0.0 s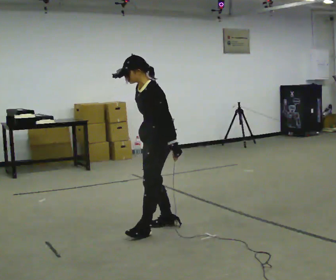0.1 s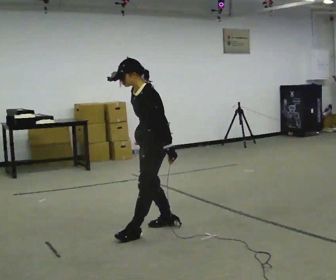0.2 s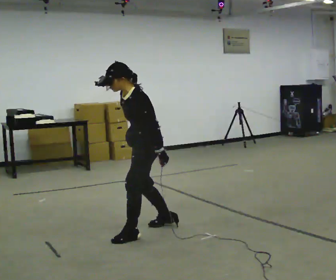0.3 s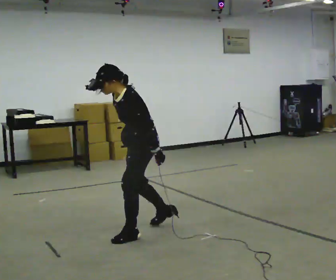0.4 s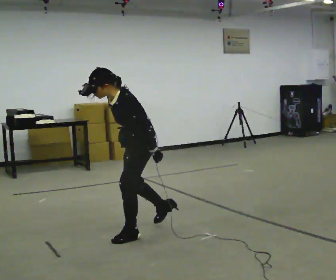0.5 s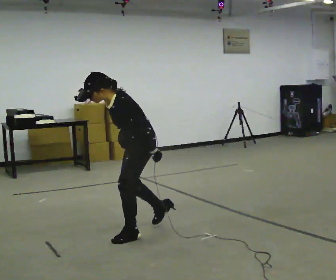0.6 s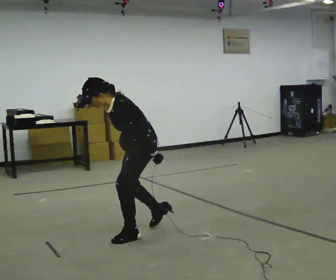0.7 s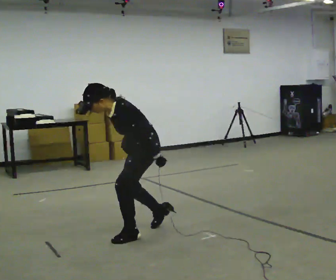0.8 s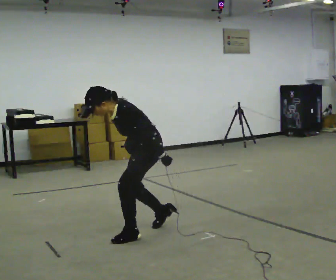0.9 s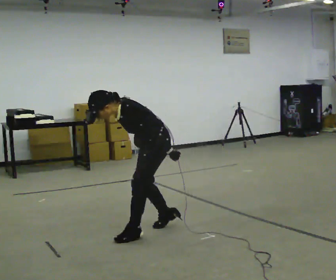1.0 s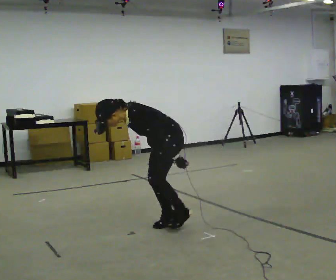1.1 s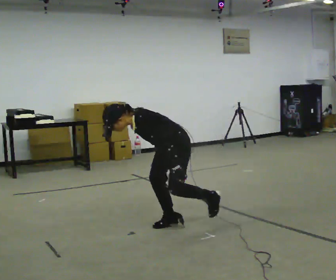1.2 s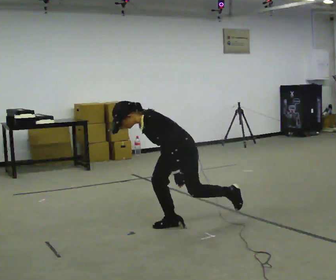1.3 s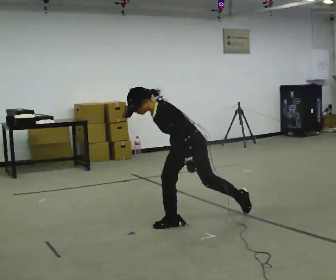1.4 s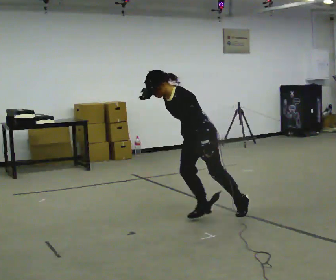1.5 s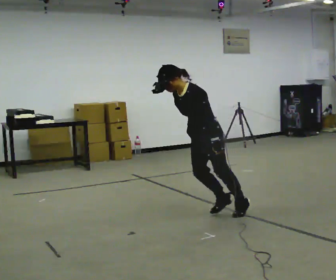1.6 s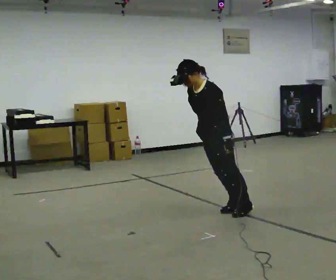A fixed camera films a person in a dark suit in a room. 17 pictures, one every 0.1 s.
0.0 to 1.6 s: In the picture they go to the right and away from the camera, about 0.5 m in 2 steps, which for them is backward.
The film runs backward here.
